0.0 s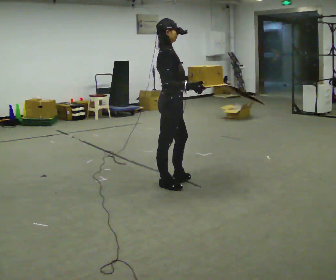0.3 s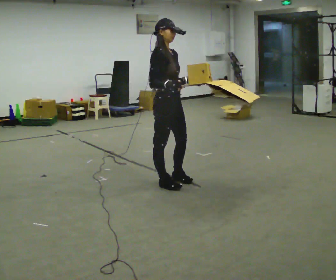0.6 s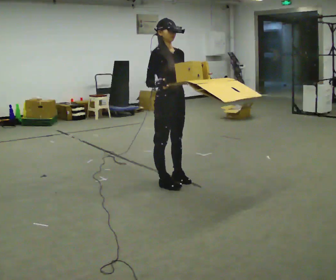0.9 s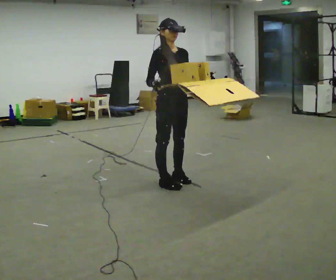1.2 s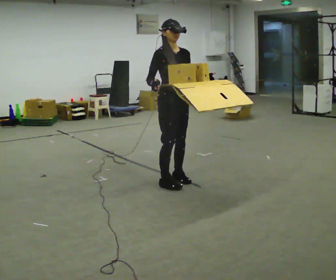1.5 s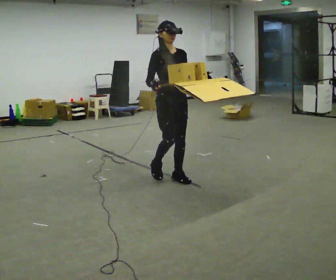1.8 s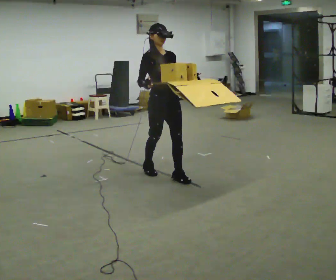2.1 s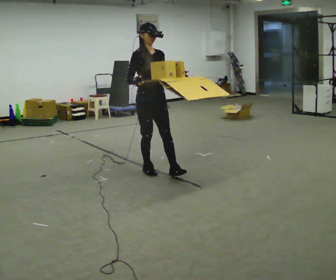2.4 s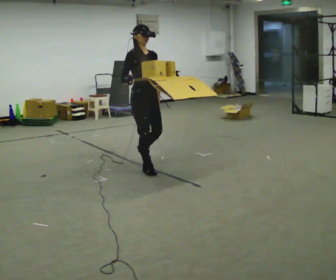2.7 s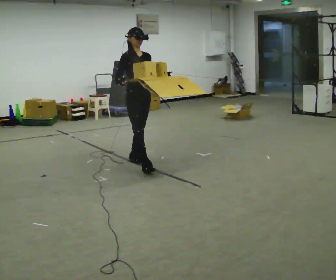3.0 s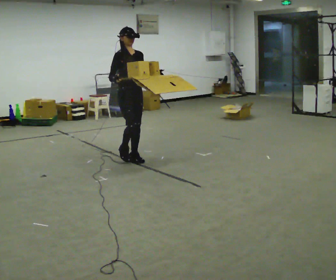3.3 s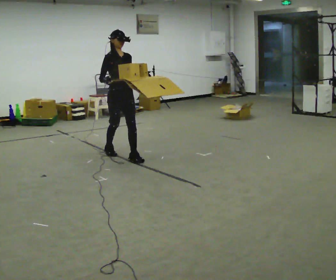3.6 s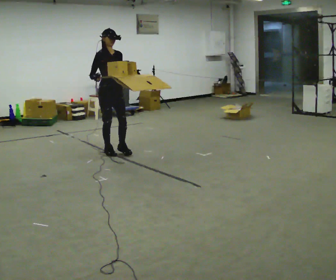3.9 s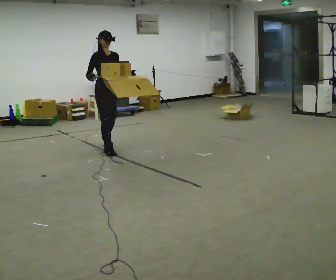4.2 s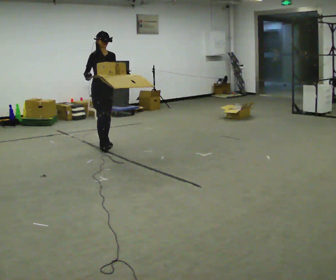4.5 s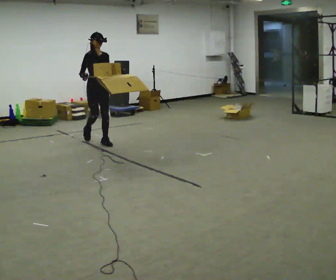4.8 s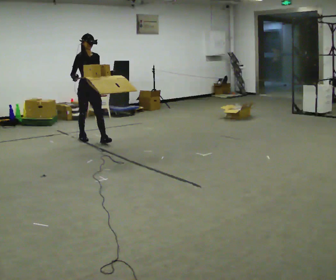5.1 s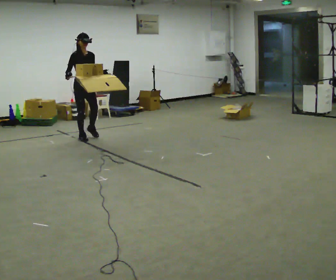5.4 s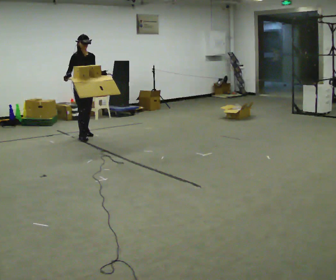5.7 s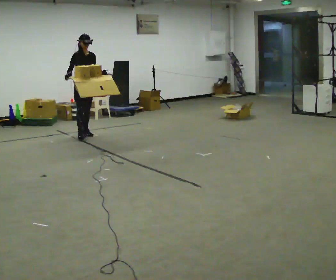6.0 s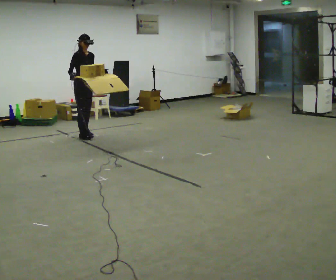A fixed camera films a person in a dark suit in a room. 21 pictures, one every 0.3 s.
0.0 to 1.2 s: The part of the body nearest the lens slides to the left as the person turns to their right by about 60 degrees. In the picture their right hand goes to the left.
1.2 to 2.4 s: In the picture they go away from the camera and to the left, about 0.5 m in 2 steps, which for them is backward.
2.4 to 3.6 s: In the picture they go away from the camera and to the left, about 1 m in 2 steps, which for them is backward.
3.6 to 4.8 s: In the picture they go away from the camera and to the left, about 1 m in 1 step, which for them is backward.
4.8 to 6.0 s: In the picture they go away from the camera and to the left, about 0.5 m in 1 step, which for them is backward.
The film runs backward here.
